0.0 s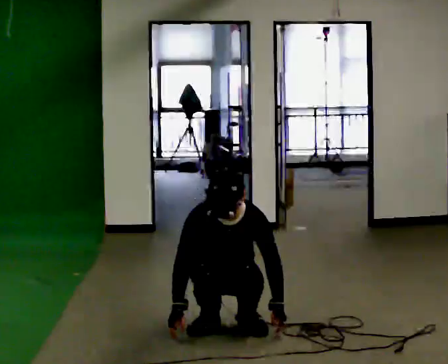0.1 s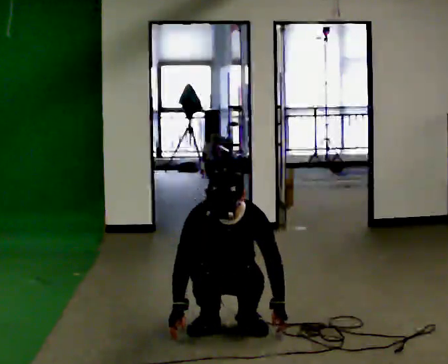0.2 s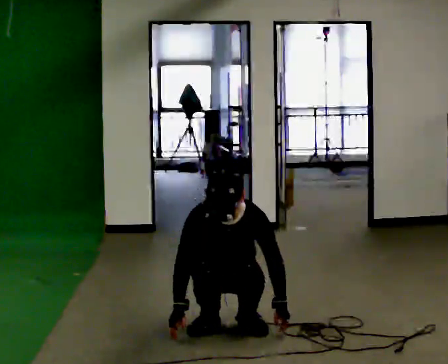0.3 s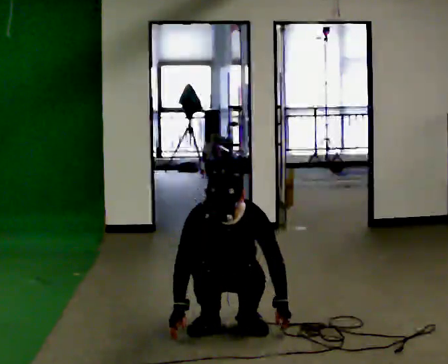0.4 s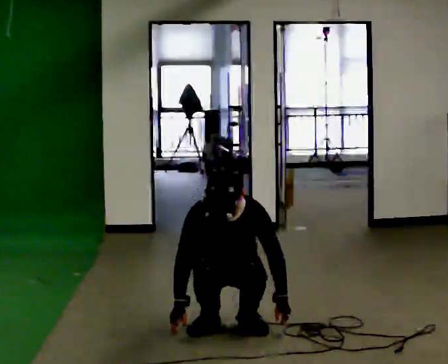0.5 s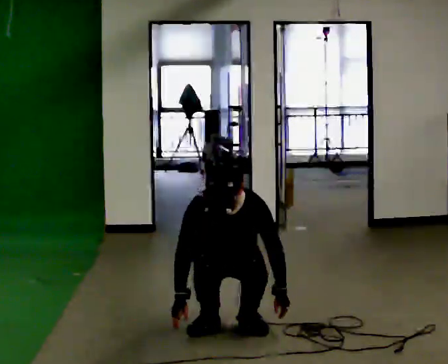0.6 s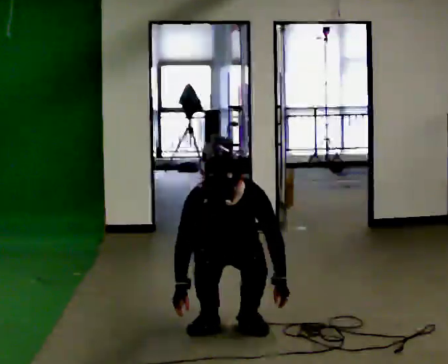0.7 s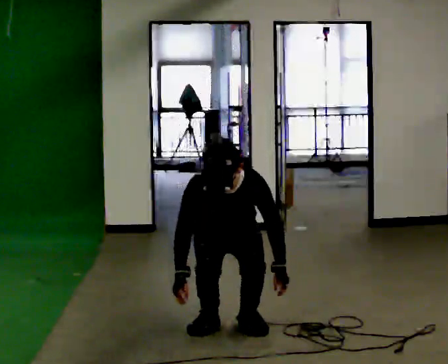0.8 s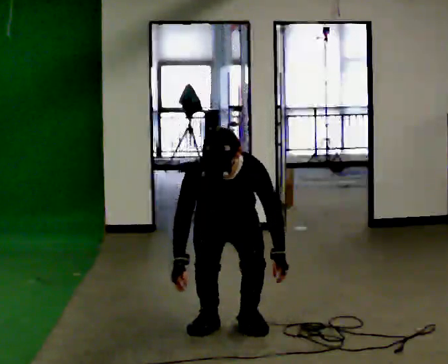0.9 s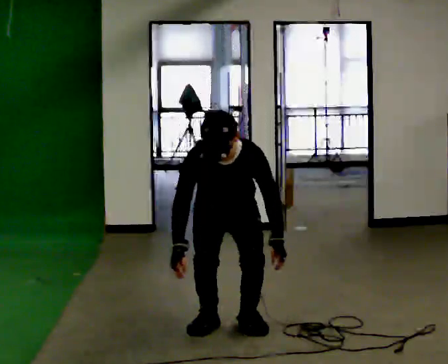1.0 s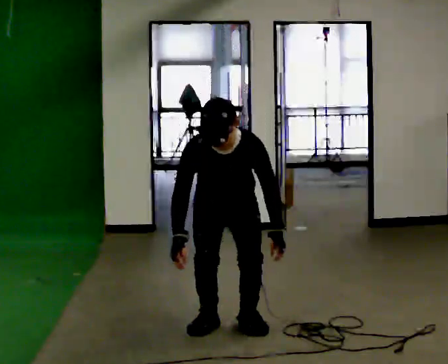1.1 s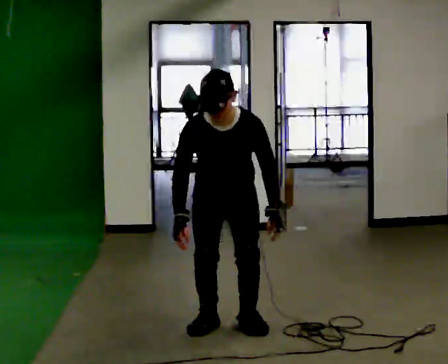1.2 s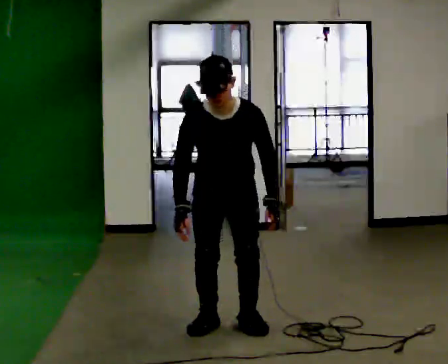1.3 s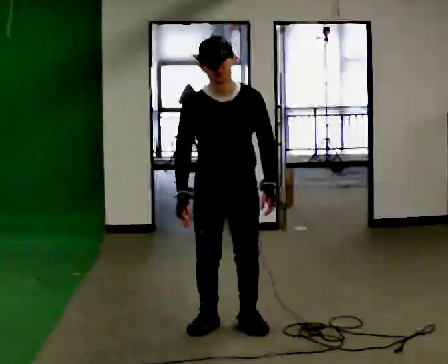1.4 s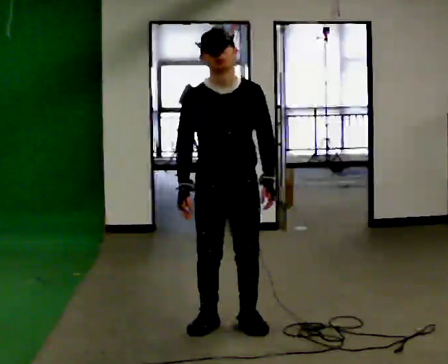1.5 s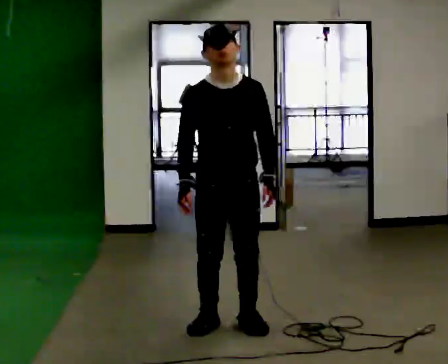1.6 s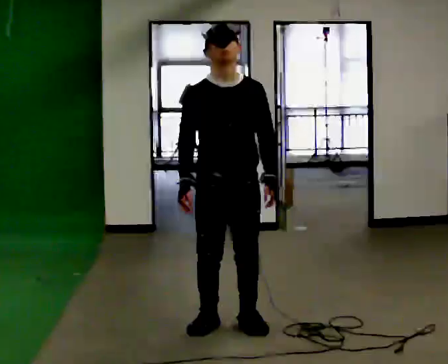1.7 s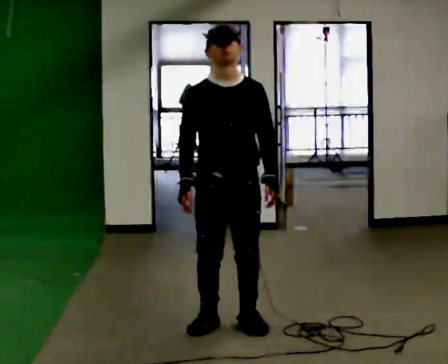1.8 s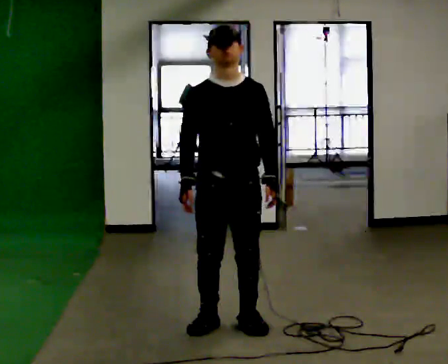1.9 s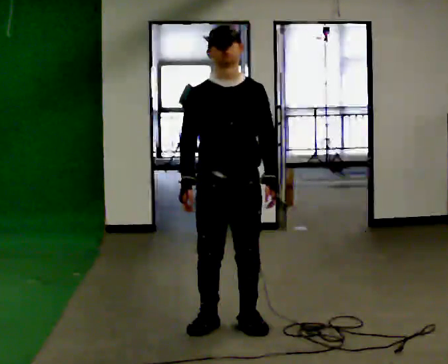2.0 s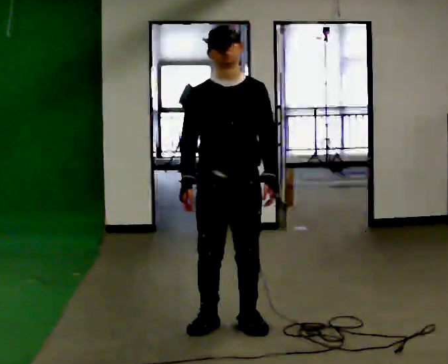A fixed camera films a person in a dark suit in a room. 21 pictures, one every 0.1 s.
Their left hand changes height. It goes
upward.
Their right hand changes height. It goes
upward.
0.0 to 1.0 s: The upper body goes upward. In the picture their right hand goes upward.
1.0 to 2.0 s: In the picture they go toward the camera, about 0.25 m, which for them is forward. The upper body goes upward. The upper body tips away from the camera, its near side rolling upward, as they lean back or straighten.
The film runs backward here.
